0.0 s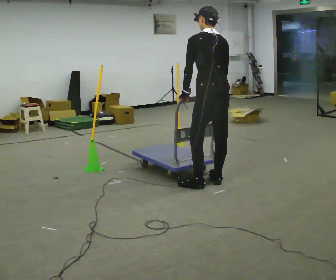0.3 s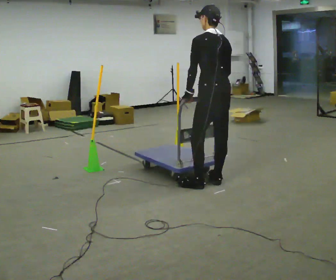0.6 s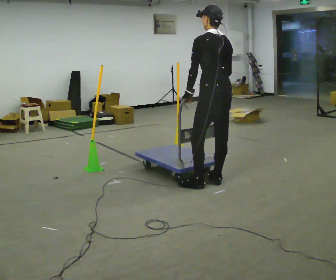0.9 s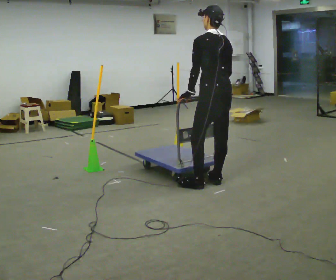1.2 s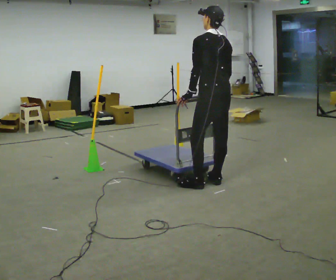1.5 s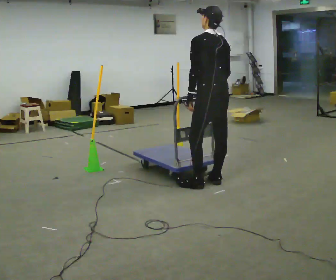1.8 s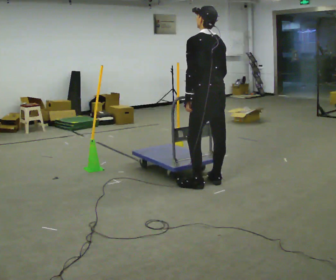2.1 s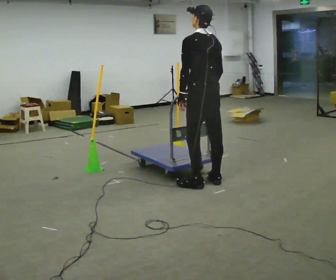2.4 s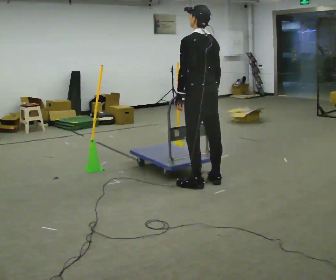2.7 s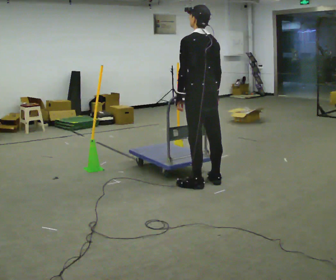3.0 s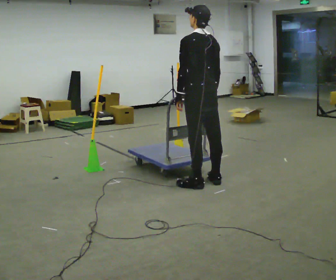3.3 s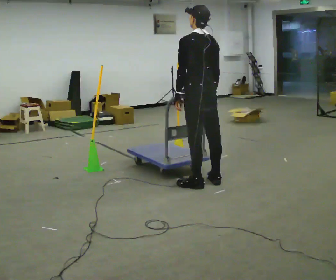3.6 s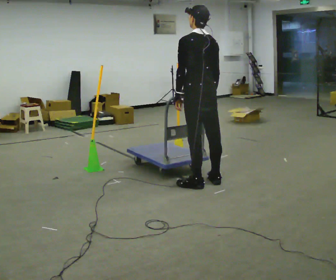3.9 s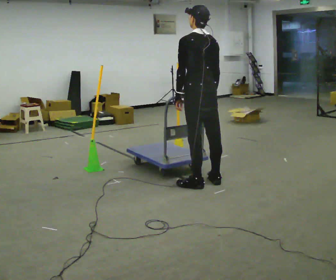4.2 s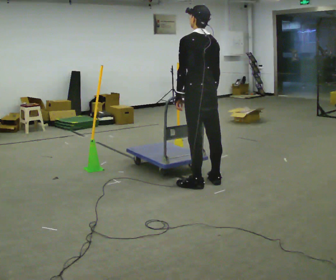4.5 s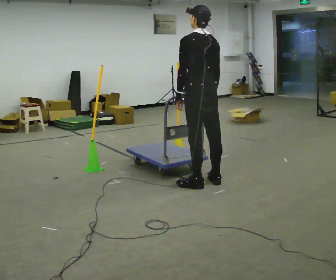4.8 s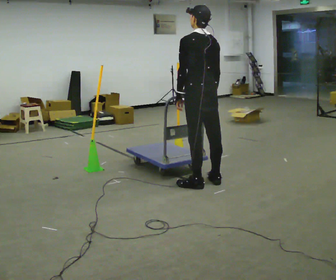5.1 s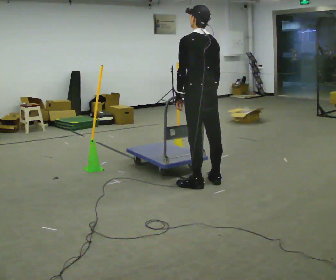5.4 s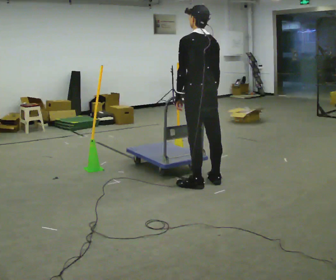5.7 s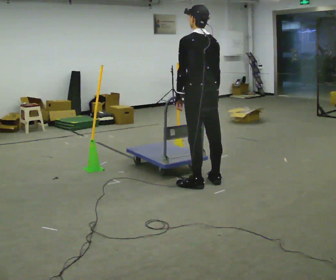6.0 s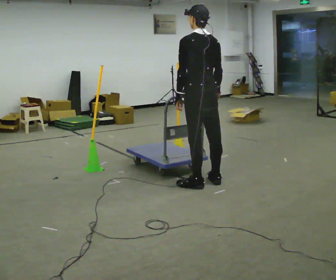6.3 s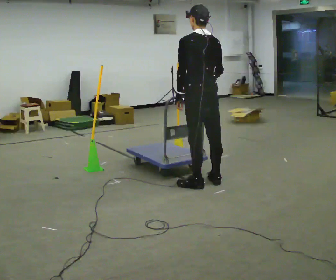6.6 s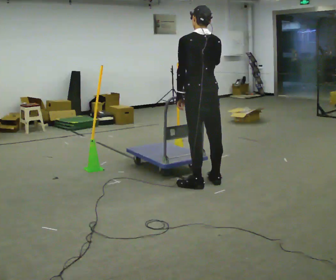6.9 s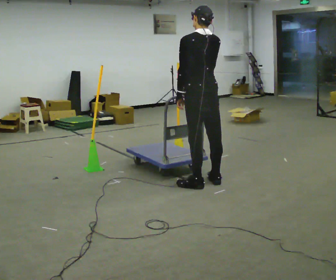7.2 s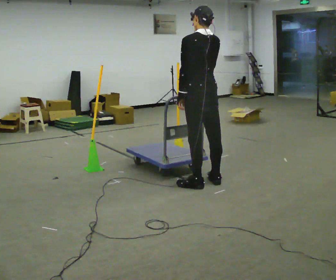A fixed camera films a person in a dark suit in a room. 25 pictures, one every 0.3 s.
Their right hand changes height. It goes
upward.
0.0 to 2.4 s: The person moves a little, or ends about where they began.
2.4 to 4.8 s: The person keeps their place and pose.
4.8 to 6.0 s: The person moves a little, or ends about where they began.
6.0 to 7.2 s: In the picture their right hand goes upward.
The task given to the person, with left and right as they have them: Push the cart through the gap between the poles without touching them, then bring it back through.
The film runs forward here.
